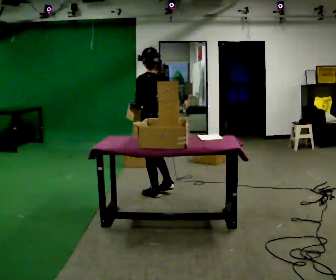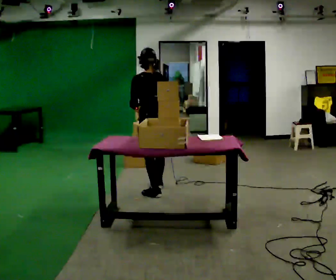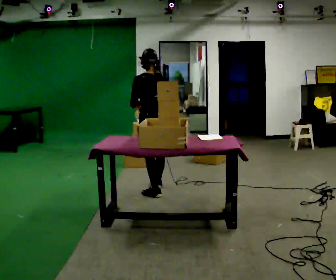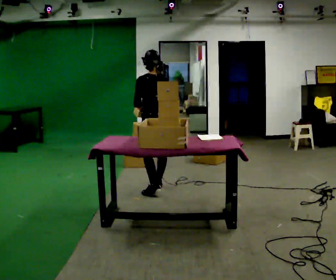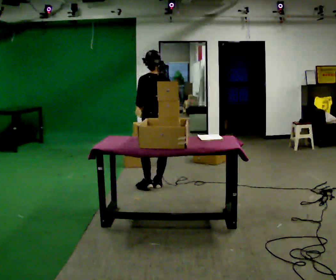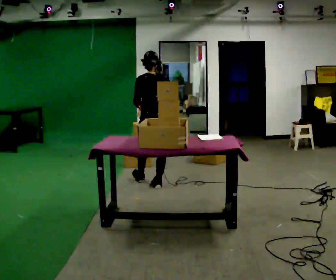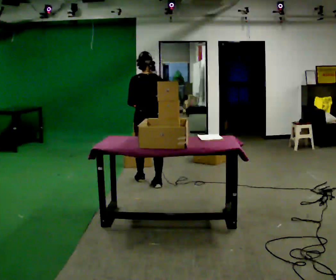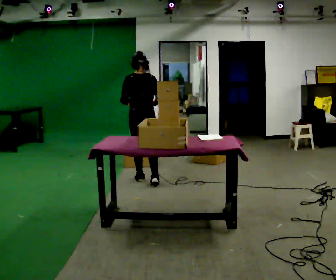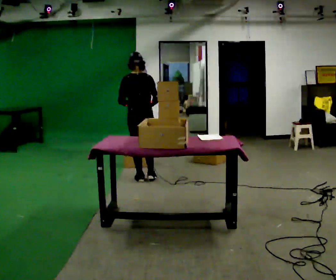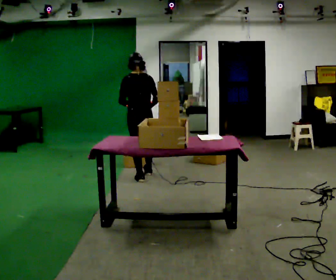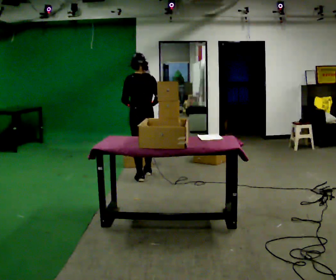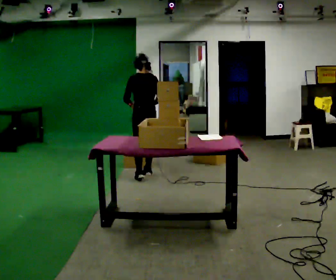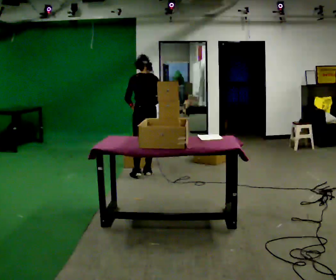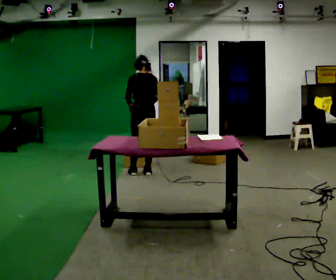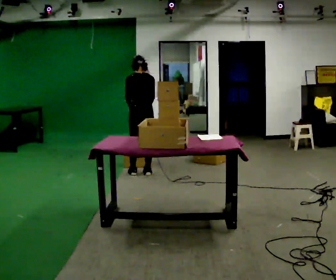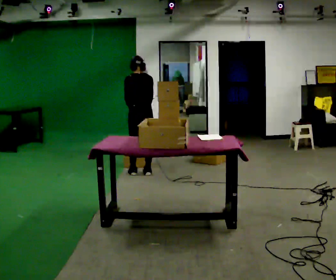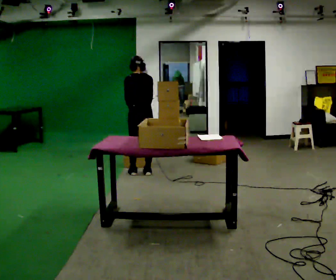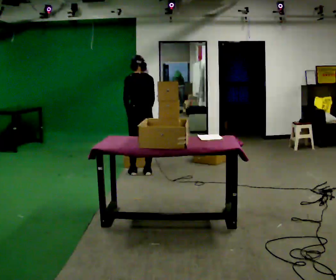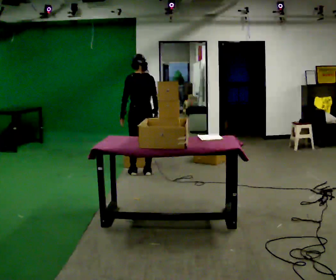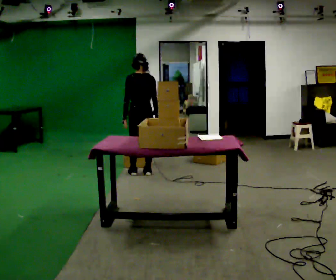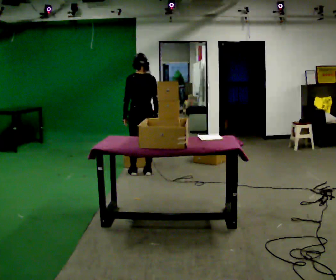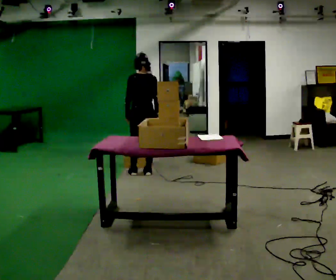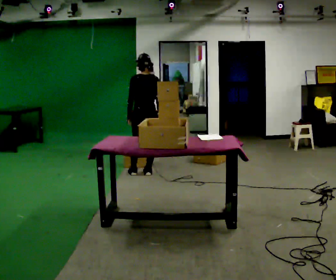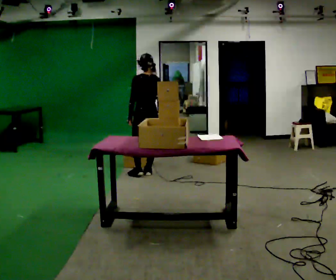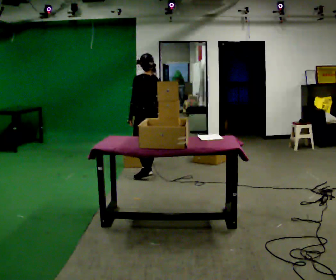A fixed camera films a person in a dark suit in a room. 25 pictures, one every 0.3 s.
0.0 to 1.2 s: In the picture they go away from the camera, about 0.25 m, which for them is forward and to their right.
1.2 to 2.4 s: The part of the body nearest the lens slides to the left as the person turns to their right by about 30 degrees. In the picture they go away from the camera and to the left, about 0.25 m in 1 step, which for them is forward and to their left.
2.4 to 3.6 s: In the picture they go away from the camera, about 0.25 m in 1 step, which for them is forward and to their right.
3.6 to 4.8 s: The person moves a little, or ends about where they began.
4.8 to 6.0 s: The upper body tips toward the camera, its near side rolling downward, as they lean back or straighten.
6.0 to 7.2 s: Seen from above the body turns counterclockwise, about 30 degrees: to their left, with its near side sliding to the right.
The film runs forward here.
